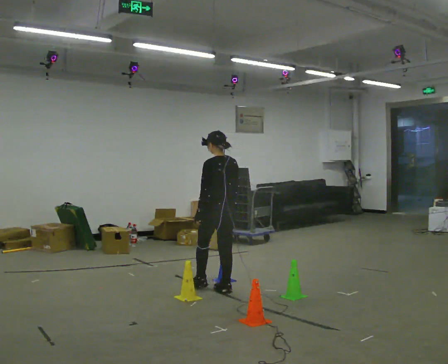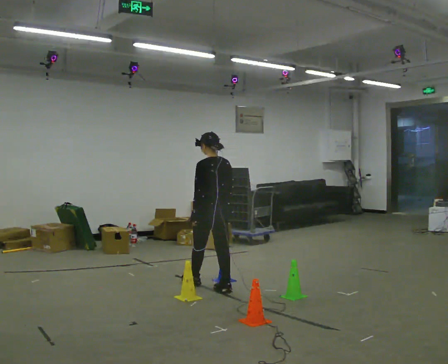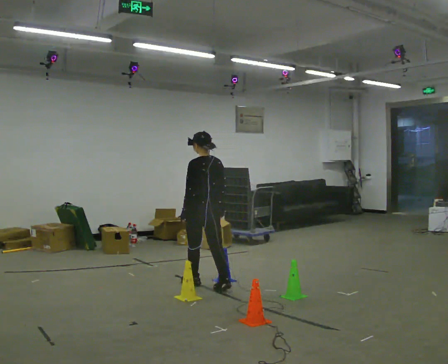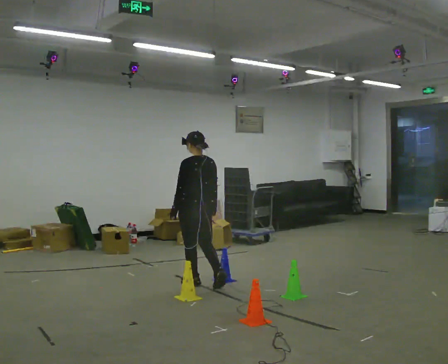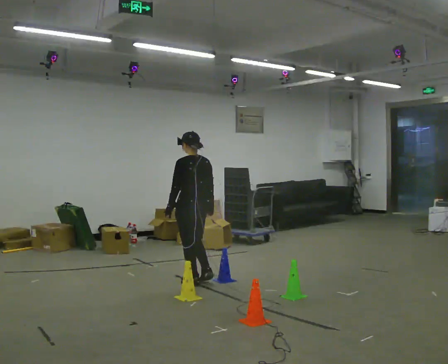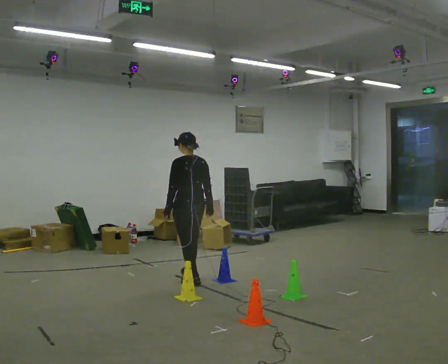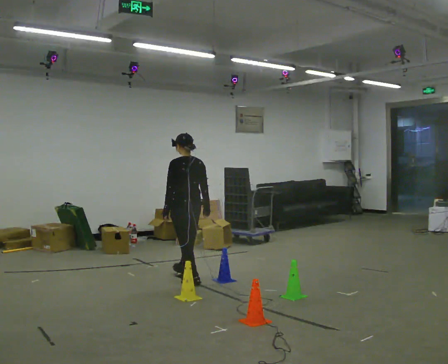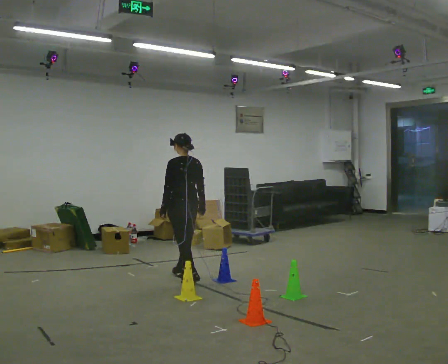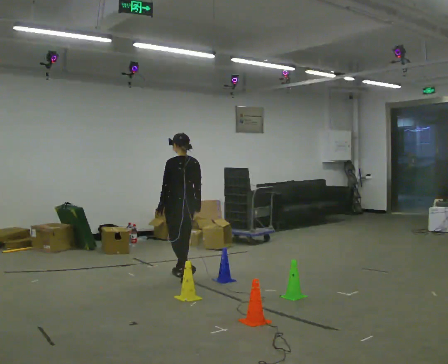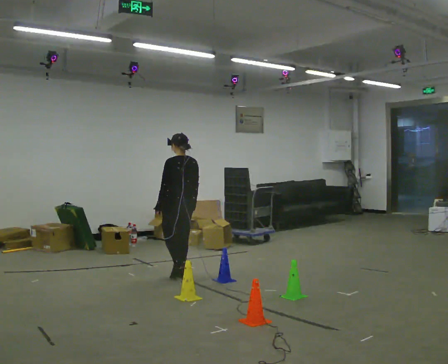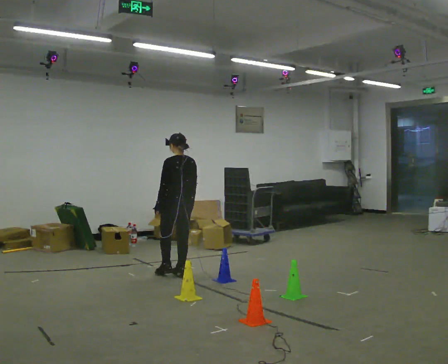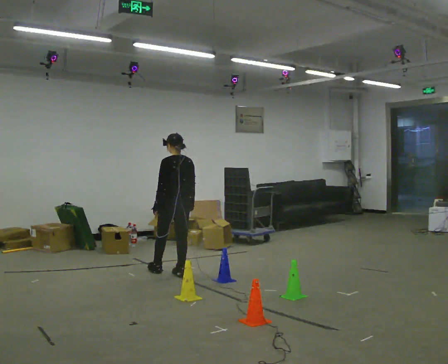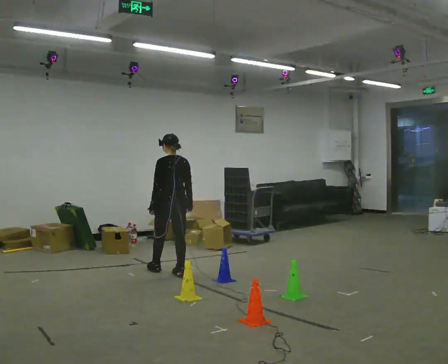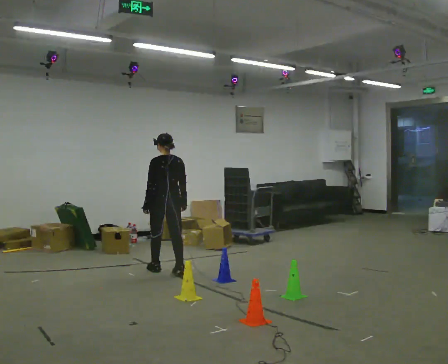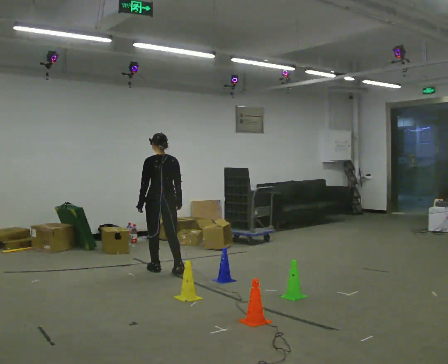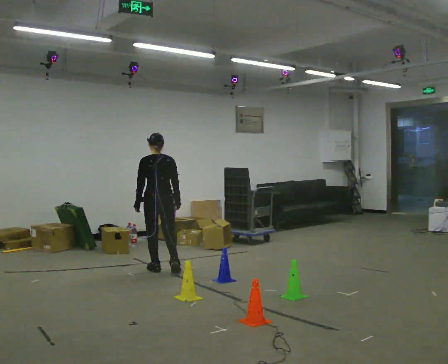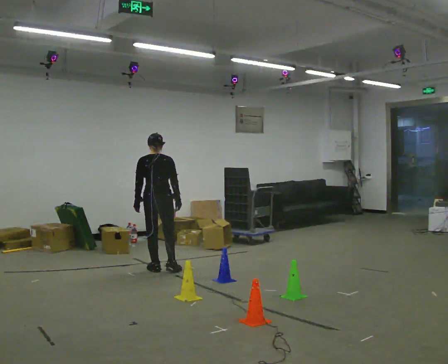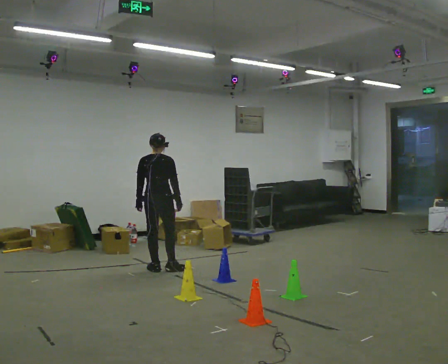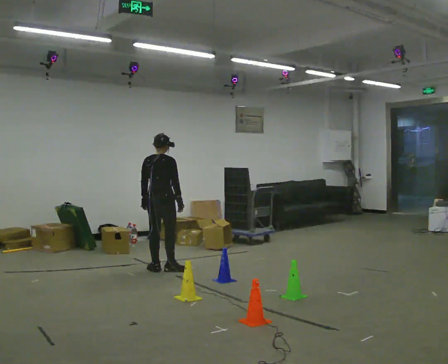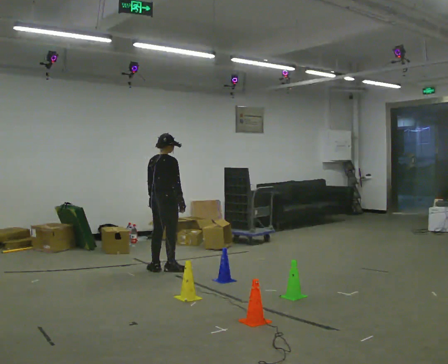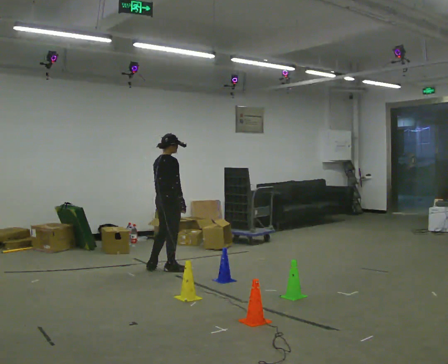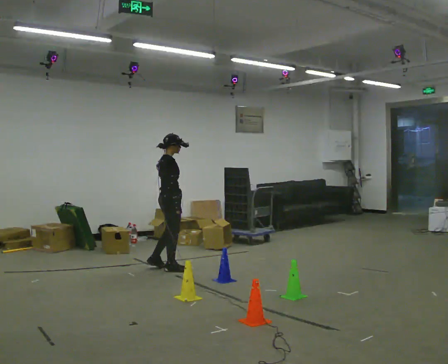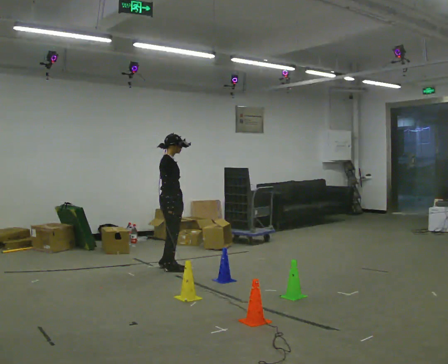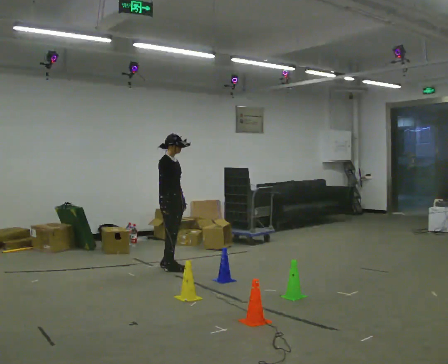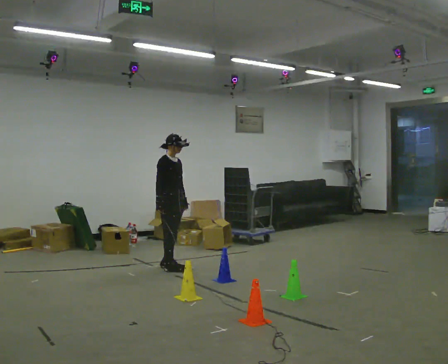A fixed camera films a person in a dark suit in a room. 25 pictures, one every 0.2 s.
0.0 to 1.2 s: In the picture they go away from the camera and to the left, about 0.5 m in 2 steps, which for them is forward.
1.2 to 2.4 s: In the picture they go away from the camera and to the left, about 0.5 m in 1 step, which for them is forward.
2.4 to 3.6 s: The person turns about 60 degrees to their right, clockwise seen from above, so the part of the body nearest the lens slides to the left.
3.6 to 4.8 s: Seen from above the body turns clockwise, about 90 degrees: to their right, with its near side sliding to the left.
The film runs forward here.
